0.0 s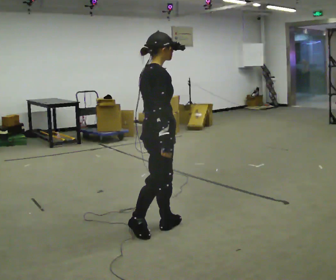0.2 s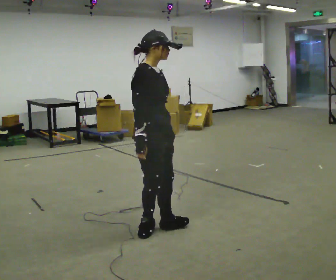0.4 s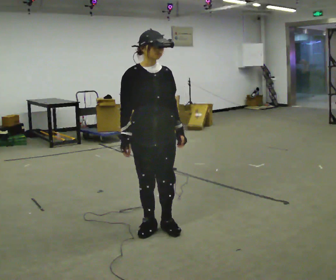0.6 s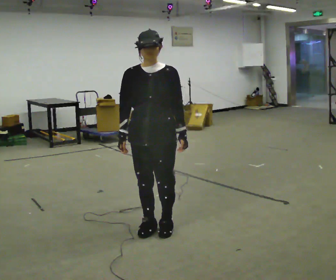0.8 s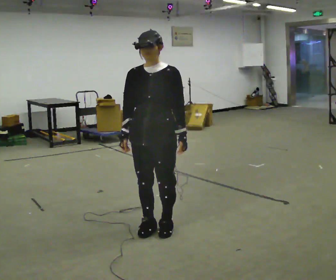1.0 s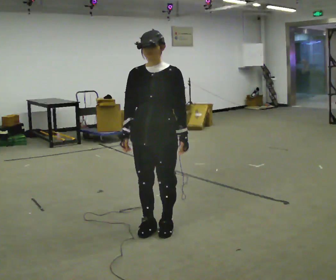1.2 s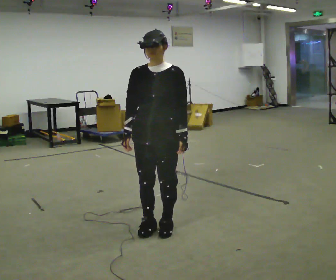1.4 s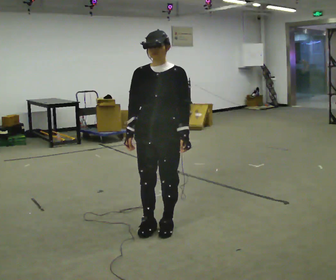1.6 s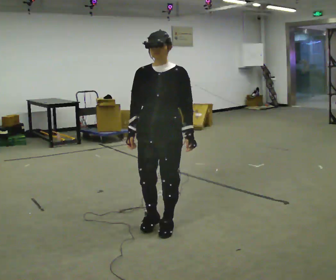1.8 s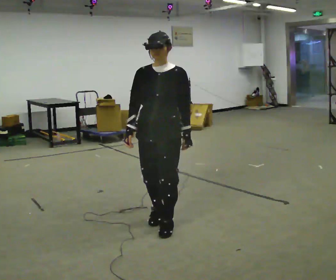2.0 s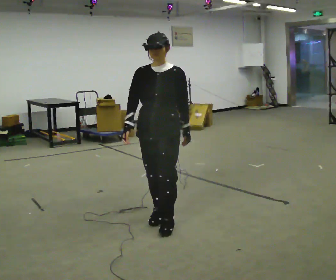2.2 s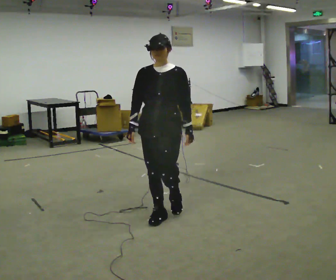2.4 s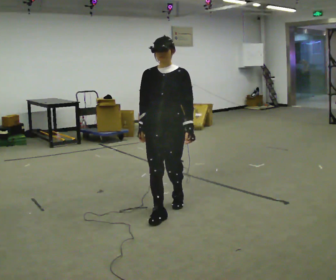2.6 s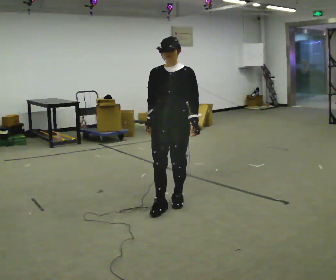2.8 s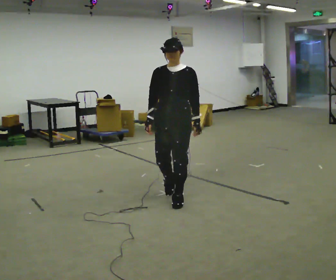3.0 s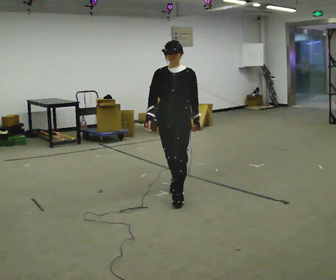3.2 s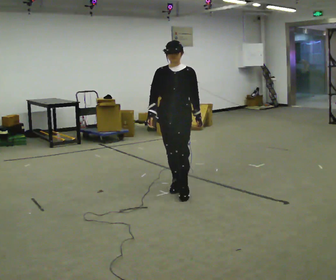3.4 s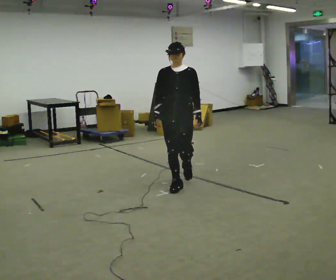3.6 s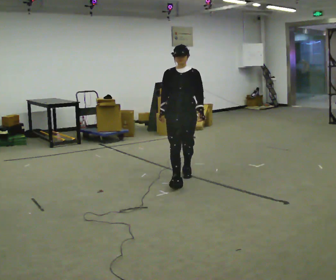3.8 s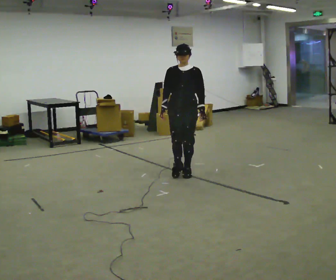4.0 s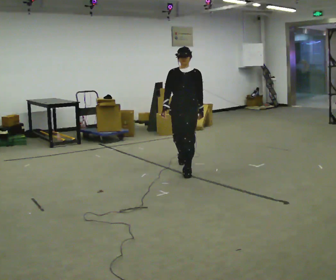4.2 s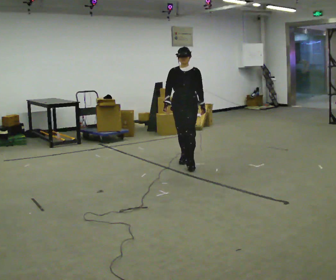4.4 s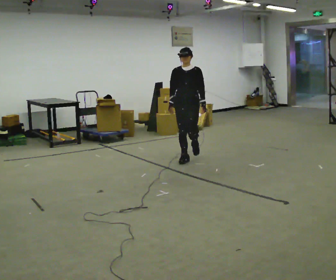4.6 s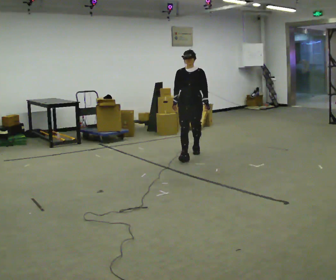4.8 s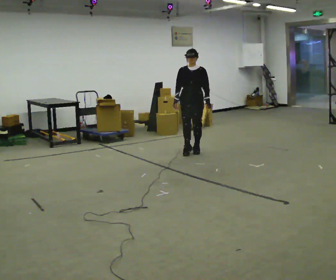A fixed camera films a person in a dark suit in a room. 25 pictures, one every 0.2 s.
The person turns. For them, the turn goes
to their right.
The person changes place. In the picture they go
away from the camera.
0.0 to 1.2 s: The person turns about 120 degrees to their right, clockwise seen from above, so the part of the body nearest the lens slides to the left.
1.2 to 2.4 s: In the picture they go away from the camera, about 0.25 m in 2 steps, which for them is backward.
2.4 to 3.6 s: In the picture they go away from the camera, about 1 m in 3 steps, which for them is backward.
3.6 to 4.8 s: In the picture they go away from the camera, about 1.5 m in 2 steps, which for them is backward.
The film runs backward here.
